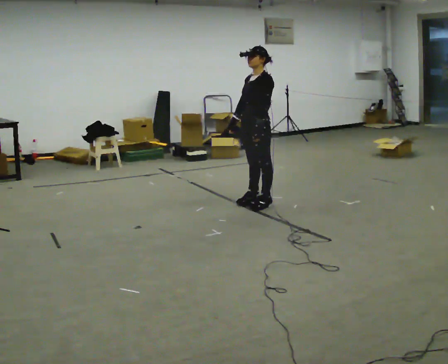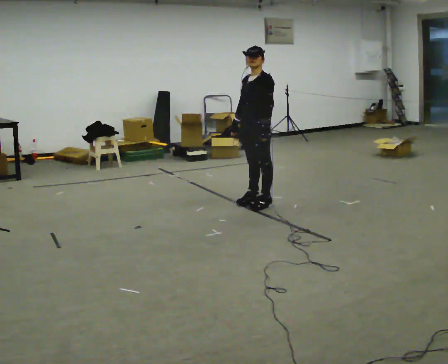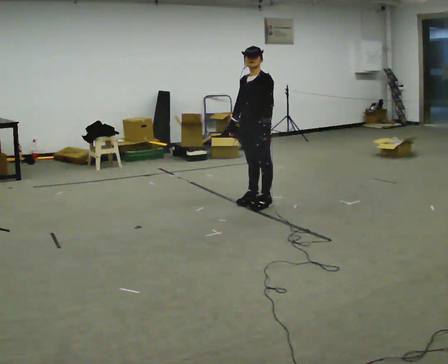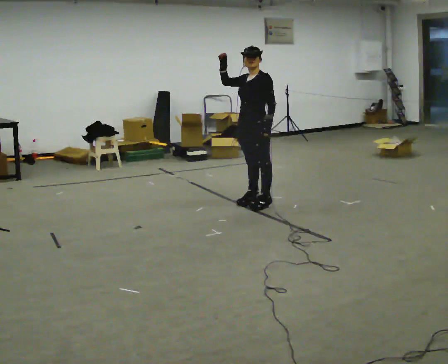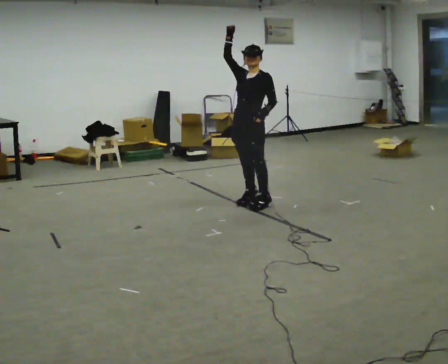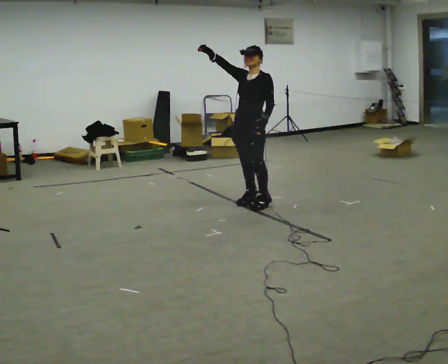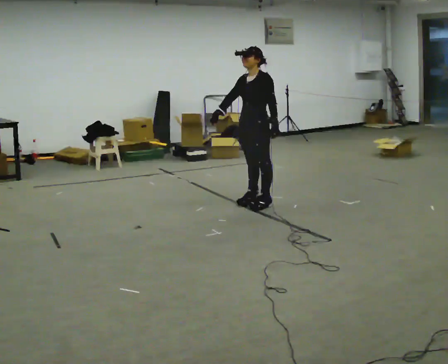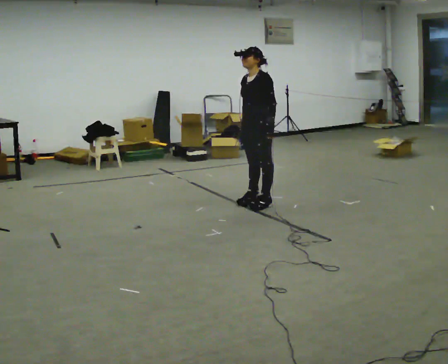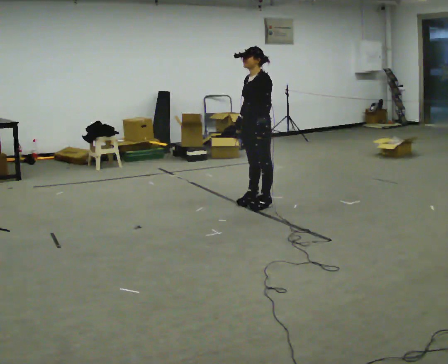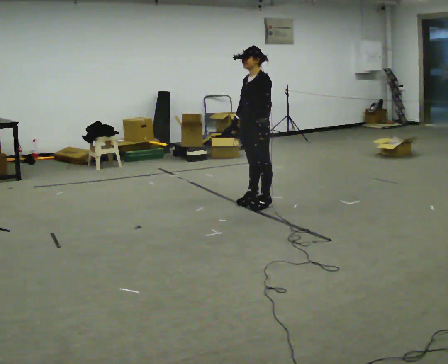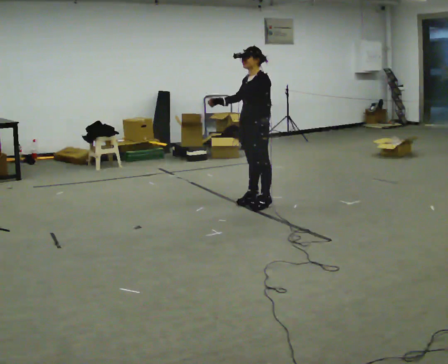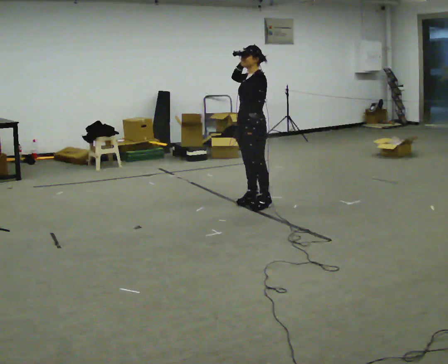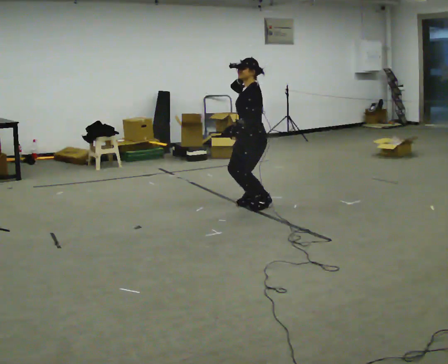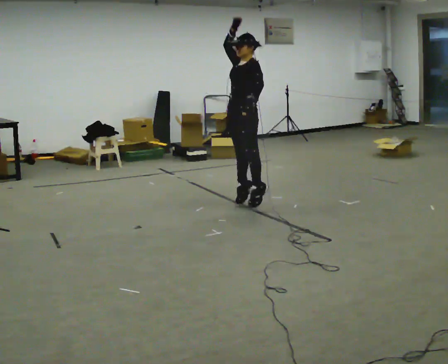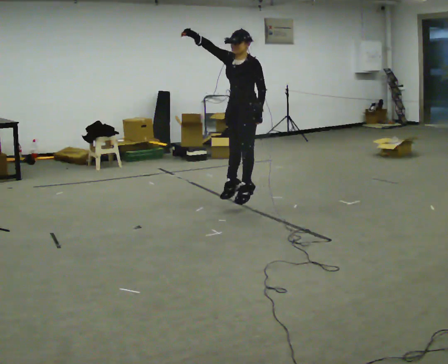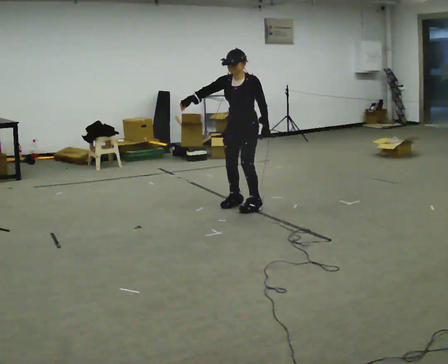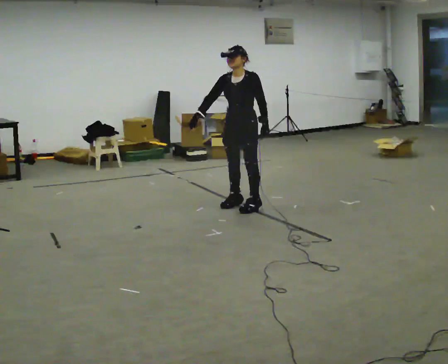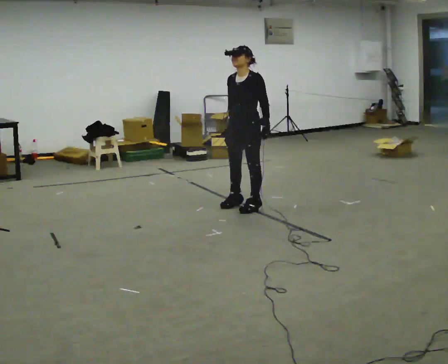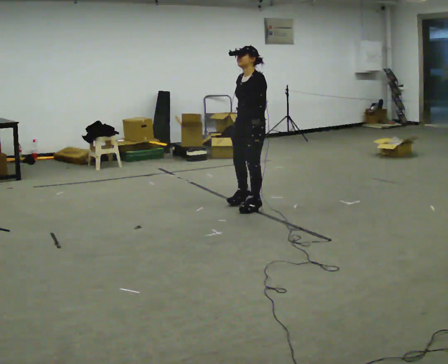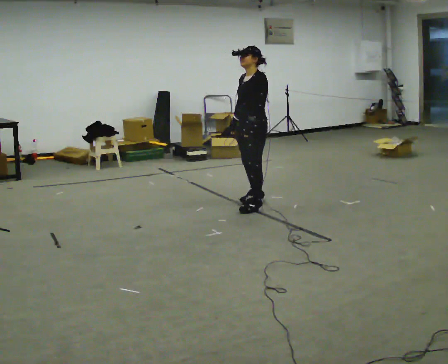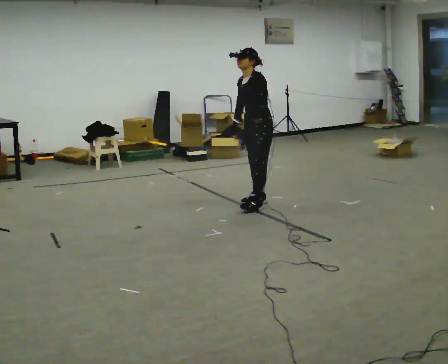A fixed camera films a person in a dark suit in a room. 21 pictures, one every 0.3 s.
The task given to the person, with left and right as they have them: Mime a volleyball spike with no ball: approach in place, jump and strike downward. Repeat the movement at your own pace until the operator says stop; do not rush.
0.0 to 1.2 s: In the picture their right hand goes upward.
1.2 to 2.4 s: The part of the body nearest the lens slides to the left as the person turns to their right by about 30 degrees. In the picture their right hand goes downward, the arm swinging counterclockwise.
2.4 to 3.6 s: In the picture their right hand goes upward.
3.6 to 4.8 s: Seen from above the body turns counterclockwise, about 45 degrees: to their left, with its near side sliding to the right. In the picture their right hand goes to the left and downward.
4.8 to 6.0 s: The person turns about 30 degrees to their right, clockwise seen from above, so the part of the body nearest the lens slides to the left. In the picture they go to the right, about 0.25 m in 1 step, which for them is backward. In the picture their right hand goes to the right.
The film runs forward here.
